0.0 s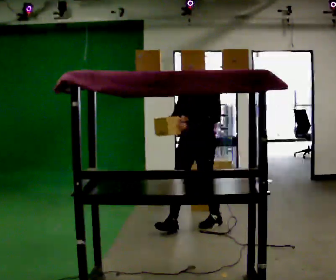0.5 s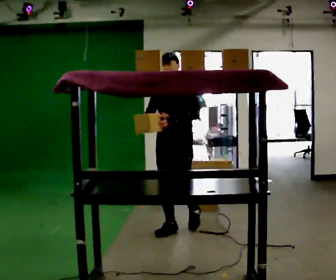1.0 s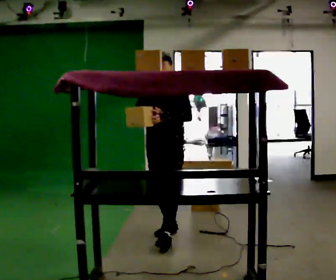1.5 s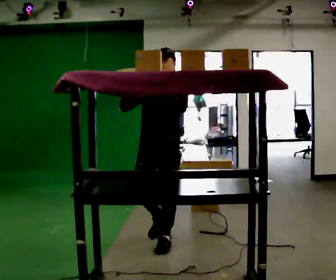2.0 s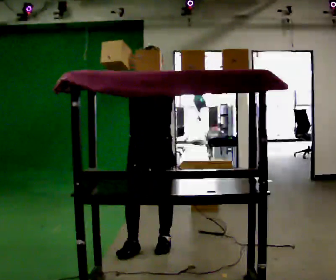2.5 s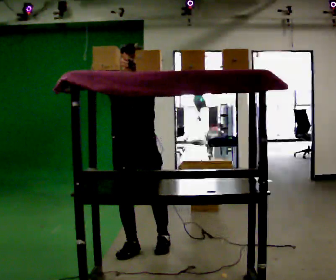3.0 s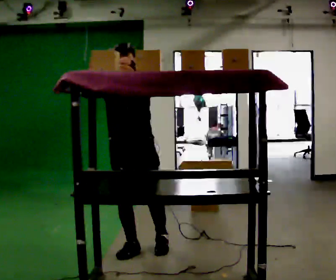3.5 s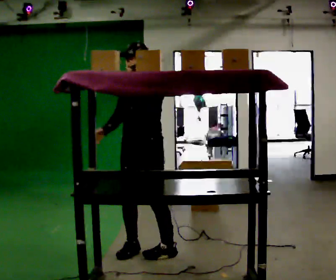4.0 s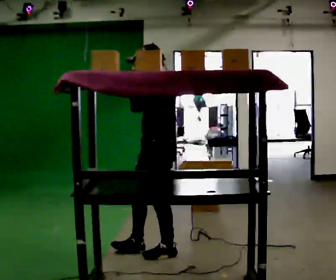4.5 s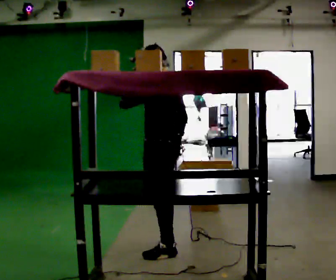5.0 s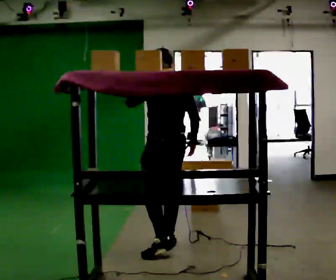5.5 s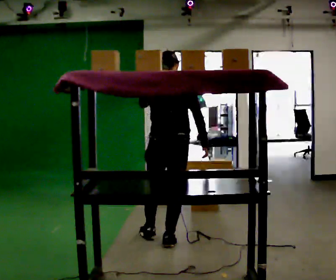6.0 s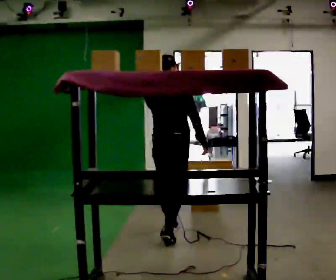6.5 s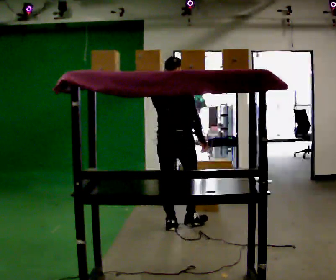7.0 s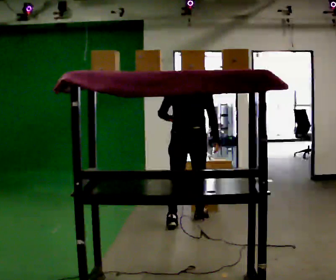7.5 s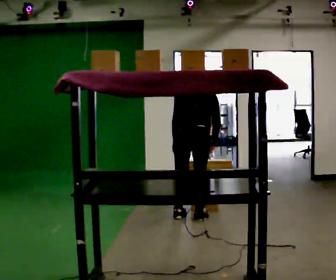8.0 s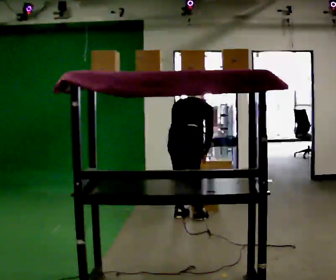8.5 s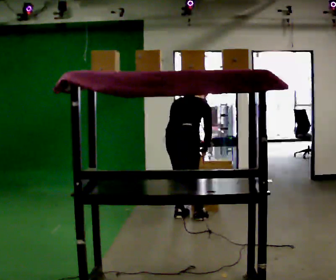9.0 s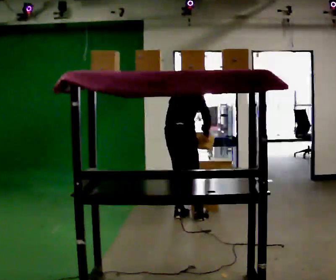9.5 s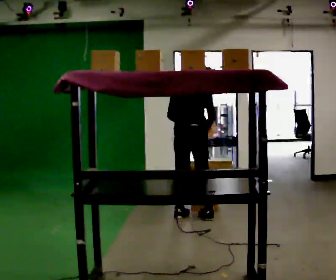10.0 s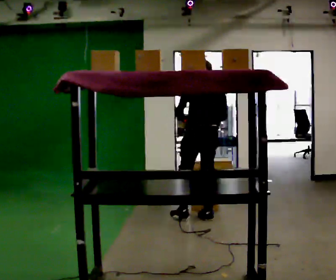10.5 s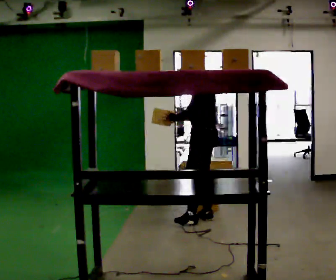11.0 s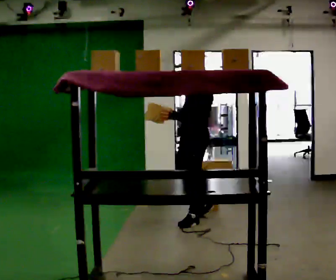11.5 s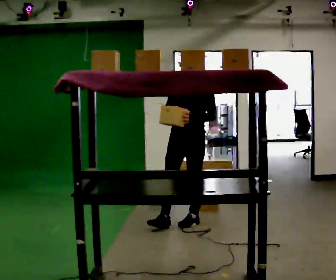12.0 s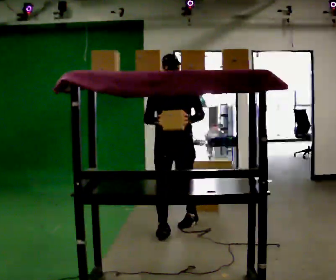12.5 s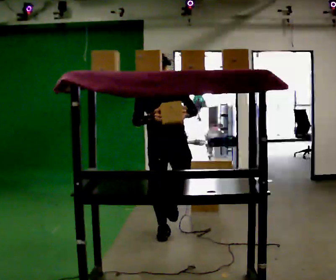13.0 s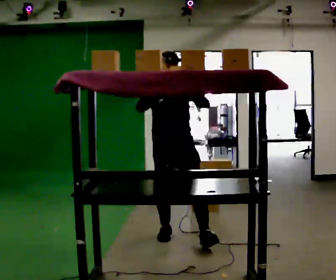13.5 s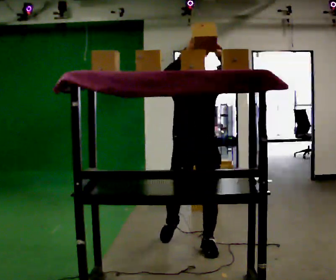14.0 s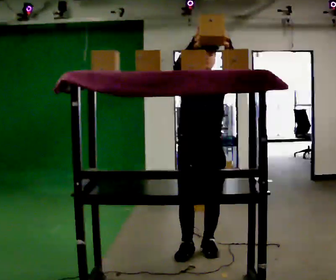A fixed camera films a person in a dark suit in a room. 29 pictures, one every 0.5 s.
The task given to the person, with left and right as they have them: Reach up into the bin on the top shelf, take out one object at a time, and carry it to the table. Keep going until the operator says stop; one object at a time, and do not rush between trips.
0.0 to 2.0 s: In the picture they go toward the camera and to the left, about 1 m in 2 steps, which for them is forward. In the picture their right hand goes upward, the arm swinging clockwise.
2.0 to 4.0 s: The part of the body nearest the lens slides to the left as the person turns to their right by about 60 degrees. In the picture they go toward the camera, about 0.25 m in 1 step. In the picture their right hand goes downward and to the right.
4.0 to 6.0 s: Seen from above the body turns clockwise, about 120 degrees: to their right, with its near side sliding to the left. In the picture they go away from the camera, about 0.75 m in 2 steps.
6.0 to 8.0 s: In the picture they go away from the camera, about 0.5 m in 2 steps, which for them is forward. The upper body goes downward. The upper body tips away from the camera, its near side rolling upward, as they bend forward. In the picture their left hand goes downward.
8.0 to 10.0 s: The part of the body nearest the lens slides to the right as the person turns to their left by about 45 degrees. In the picture they go to the right, about 0.25 m. The shoulders move upward. The upper body tips toward the camera, its near side rolling downward, as they lean back or straighten. In the picture their right hand goes upward.
10.0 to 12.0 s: The person turns about 150 degrees to their left, counterclockwise seen from above, so the part of the body nearest the lens slides to the right. In the picture they go toward the camera and to the left, about 0.5 m in 2 steps.
12.0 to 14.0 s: In the picture they go toward the camera, about 1 m in 2 steps, which for them is forward. In the picture their right hand goes upward.
The film runs forward here.
